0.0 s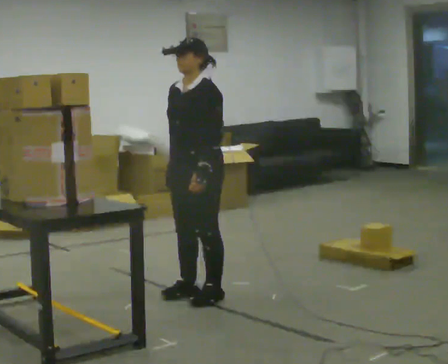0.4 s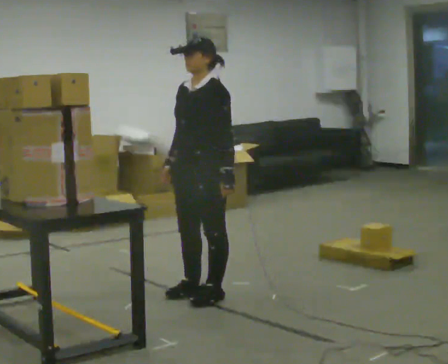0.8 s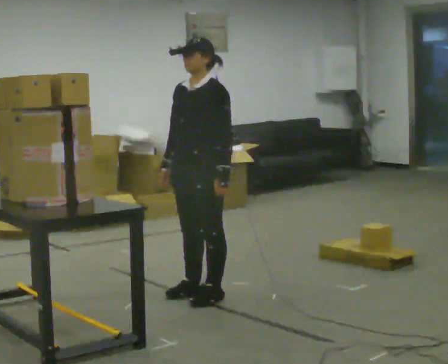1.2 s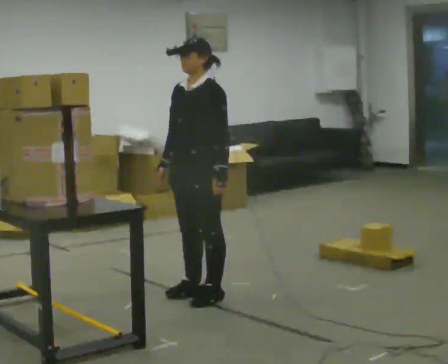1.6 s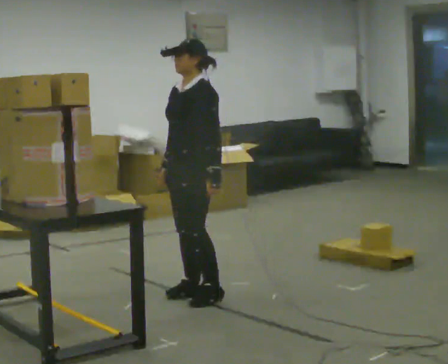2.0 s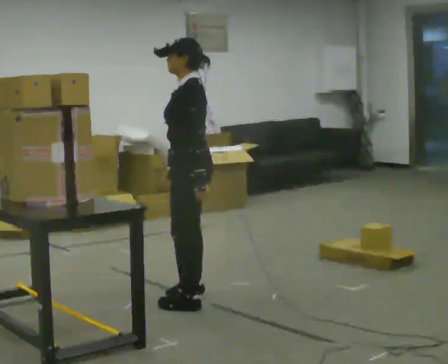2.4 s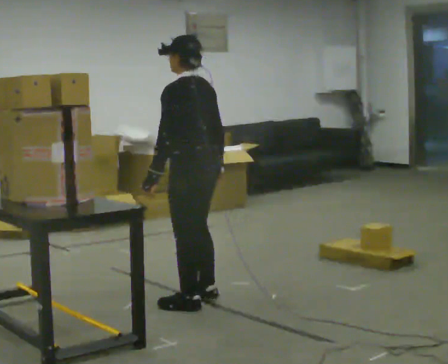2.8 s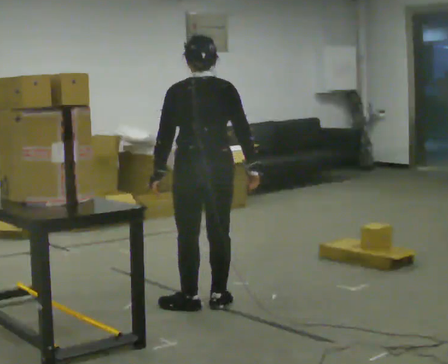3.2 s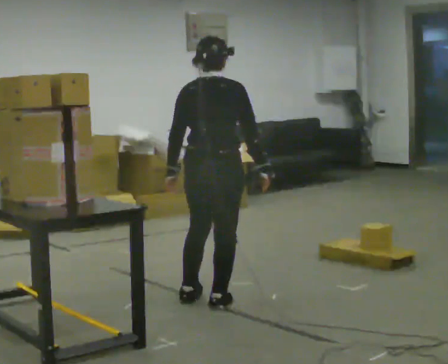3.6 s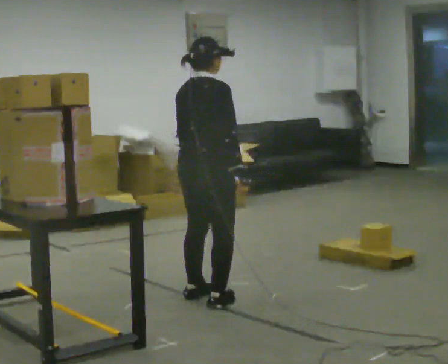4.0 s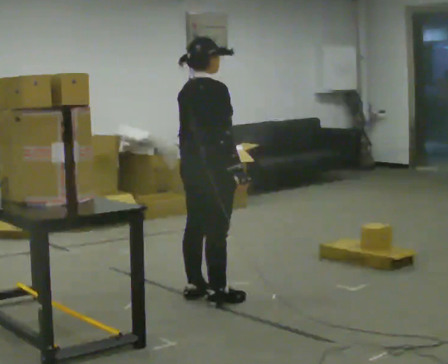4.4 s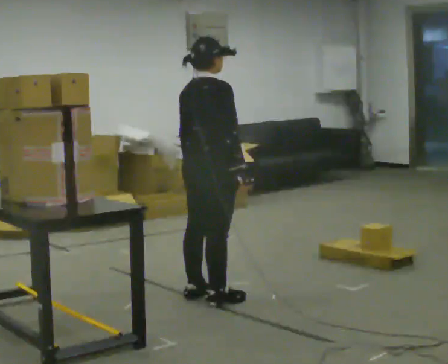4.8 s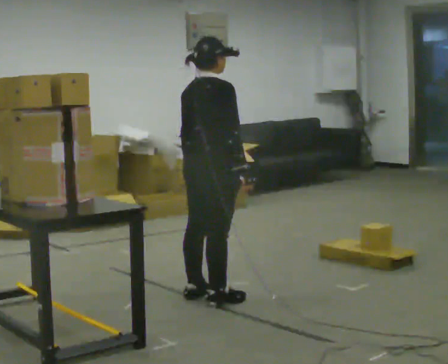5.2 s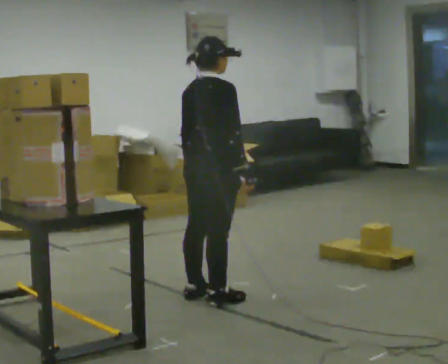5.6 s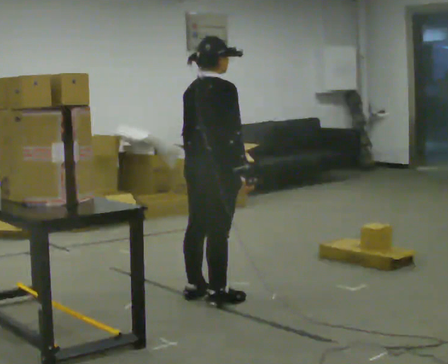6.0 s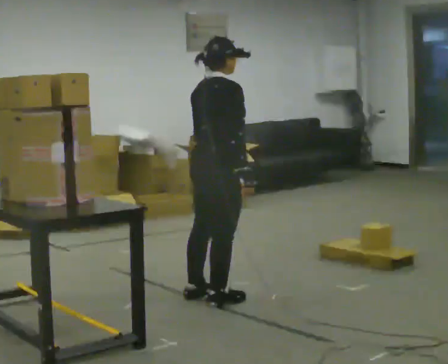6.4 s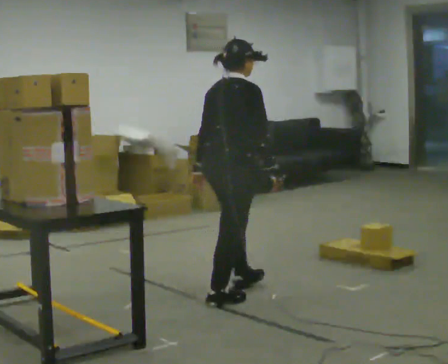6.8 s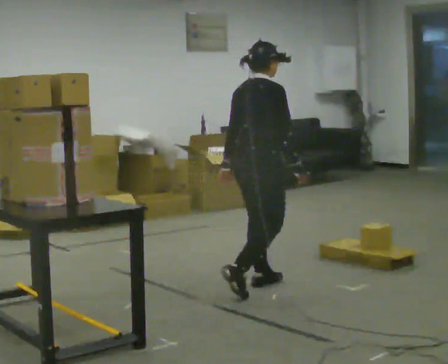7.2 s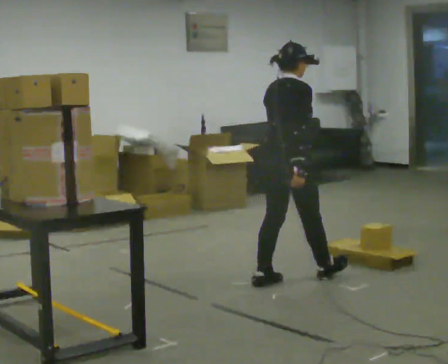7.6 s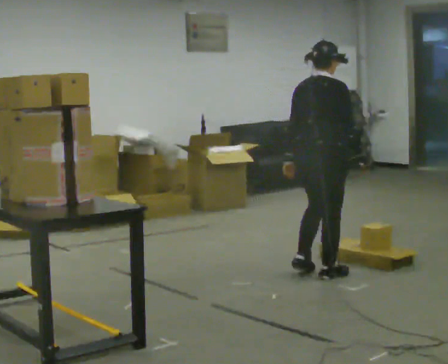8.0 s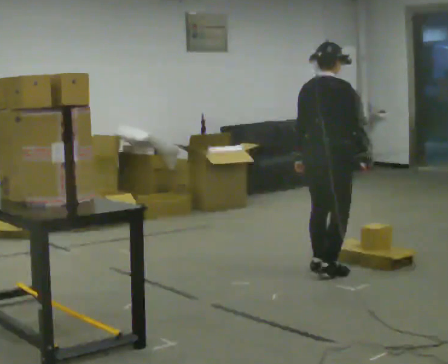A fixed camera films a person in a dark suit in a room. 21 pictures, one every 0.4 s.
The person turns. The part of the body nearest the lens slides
to the left.
The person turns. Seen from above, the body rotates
clockwise.
0.0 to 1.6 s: The person moves a little, or ends about where they began.
1.6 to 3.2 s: Seen from above the body turns clockwise, about 150 degrees: to their right, with its near side sliding to the left. In the picture they go toward the camera, about 0.25 m in 2 steps. In the picture their right hand goes to the right, the arm swinging counterclockwise.
3.2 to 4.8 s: The part of the body nearest the lens slides to the left as the person turns to their right by about 30 degrees.
4.8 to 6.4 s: The person moves a little, or ends about where they began.
6.4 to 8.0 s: In the picture they go to the right and away from the camera, about 1 m in 3 steps, which for them is forward.
The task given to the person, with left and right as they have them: Take an object from the lowest shelf, carry it across the room, and place it on the highest shelf you can comfortably reach. Keep going until the operator says stop; one object at a time, and do not rush between trips.
The film runs forward here.
